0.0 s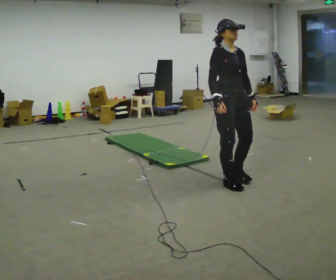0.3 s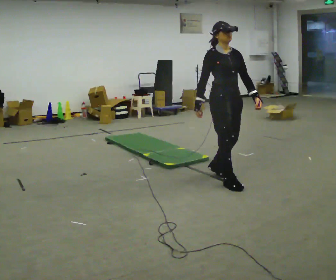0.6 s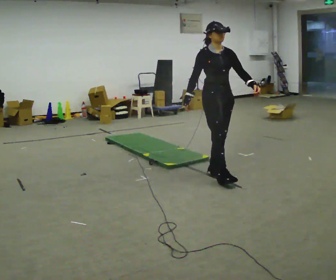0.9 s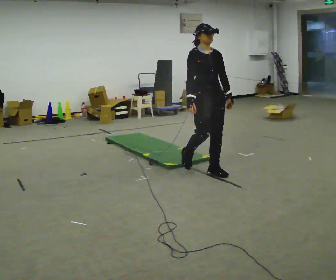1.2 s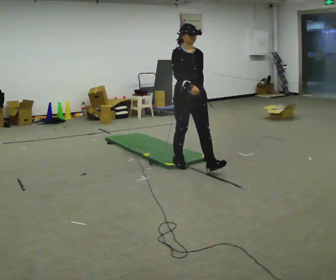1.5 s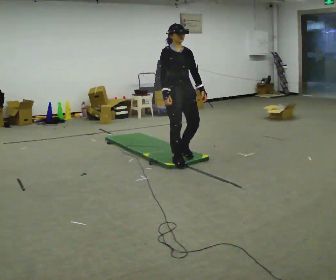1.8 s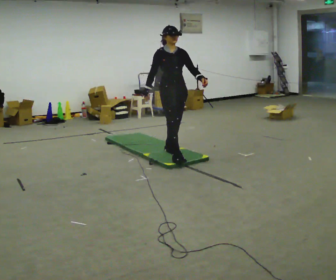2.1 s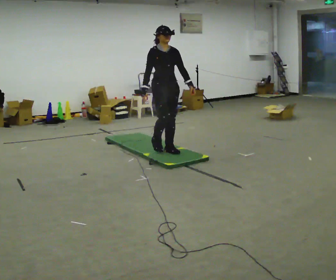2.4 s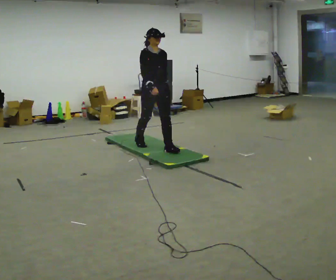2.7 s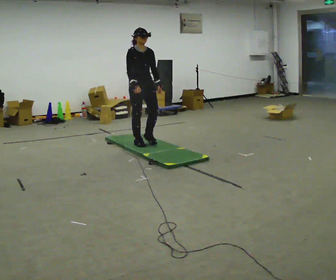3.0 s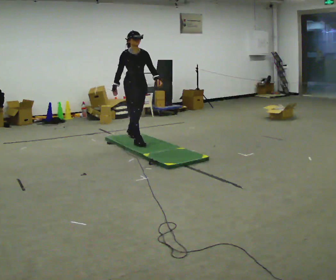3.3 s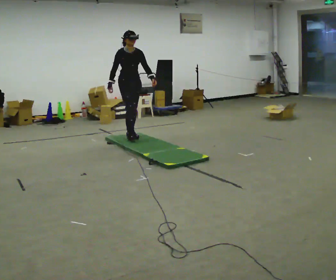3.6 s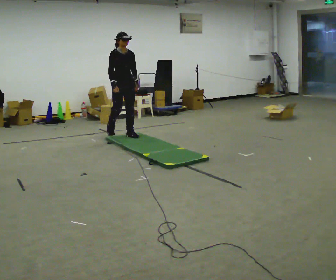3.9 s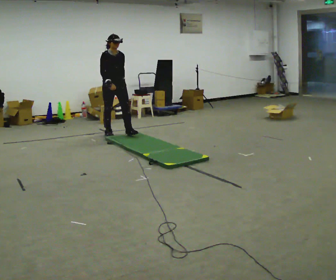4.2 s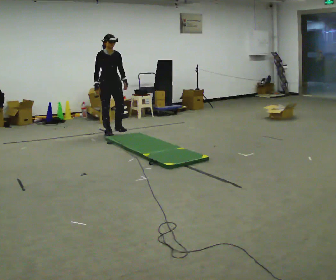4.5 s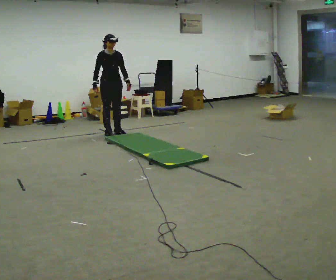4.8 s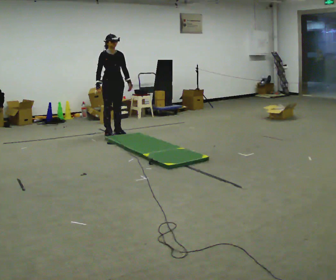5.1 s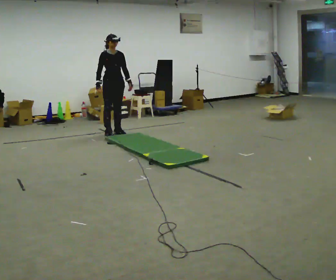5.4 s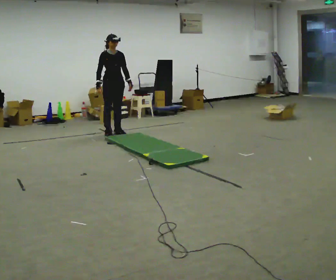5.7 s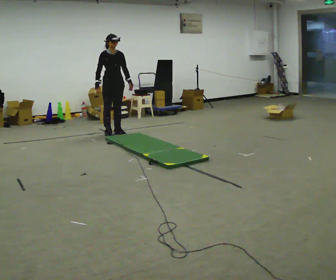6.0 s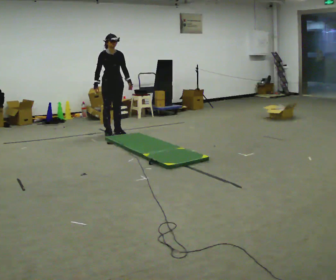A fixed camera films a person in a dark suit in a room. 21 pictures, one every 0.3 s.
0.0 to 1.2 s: In the picture they go away from the camera and to the left, about 0.75 m in 2 steps, which for them is backward.
1.2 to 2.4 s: In the picture they go away from the camera and to the left, about 1 m in 1 step, which for them is backward.
2.4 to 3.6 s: In the picture they go away from the camera and to the left, about 1 m in 2 steps, which for them is backward.
3.6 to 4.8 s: In the picture they go away from the camera and to the left, about 0.25 m in 1 step, which for them is backward.
4.8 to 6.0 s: The person moves a little, or ends about where they began.
The film runs backward here.
